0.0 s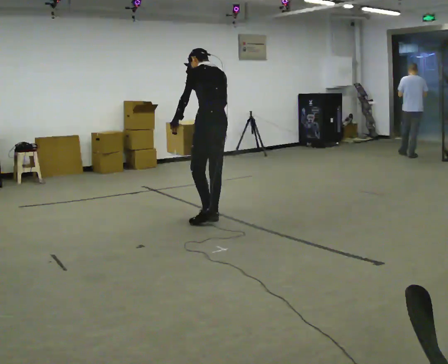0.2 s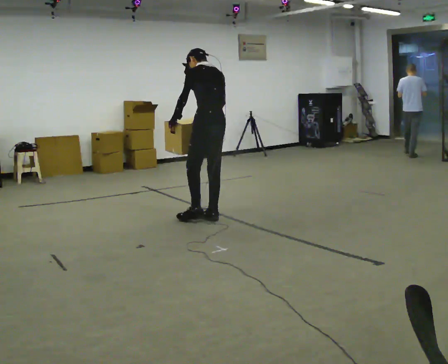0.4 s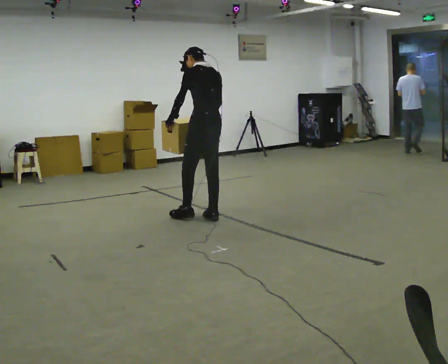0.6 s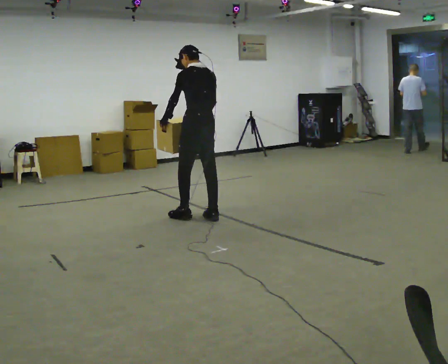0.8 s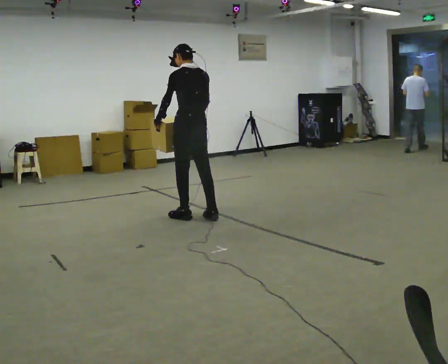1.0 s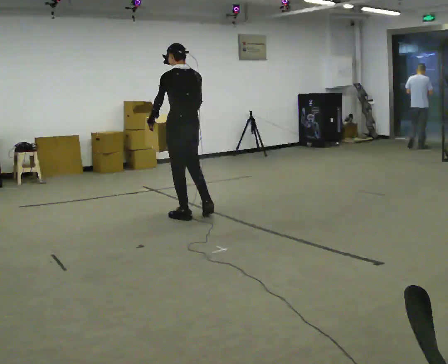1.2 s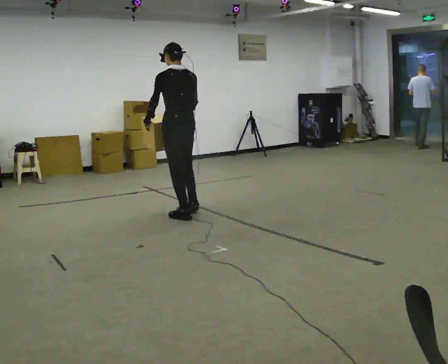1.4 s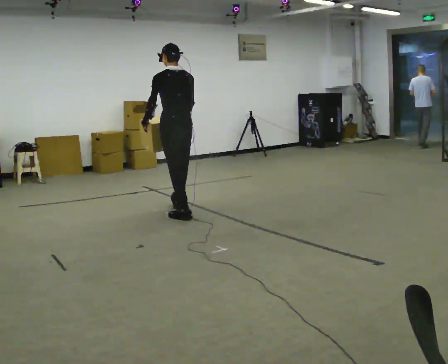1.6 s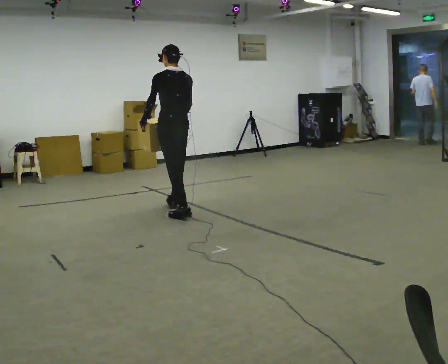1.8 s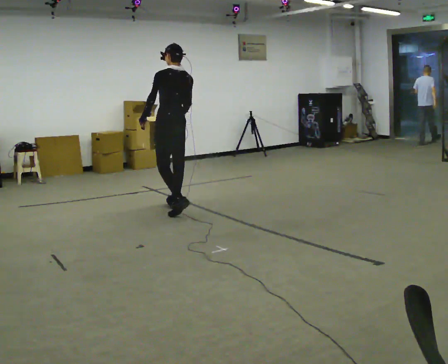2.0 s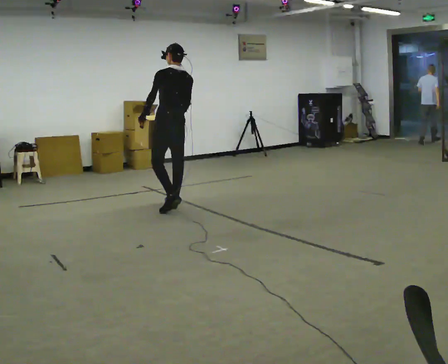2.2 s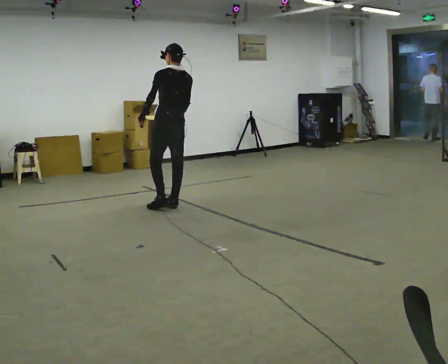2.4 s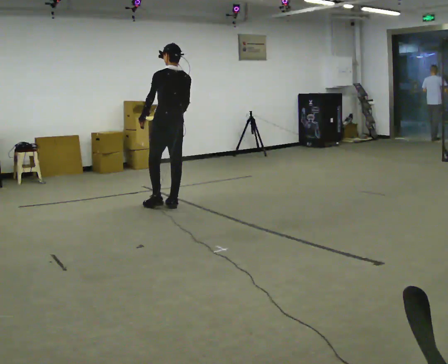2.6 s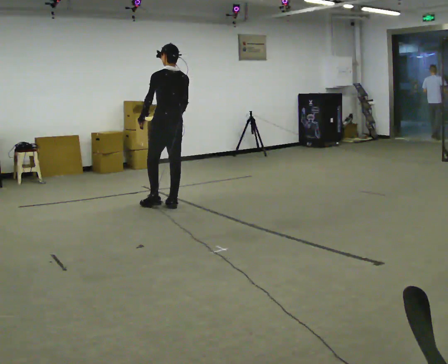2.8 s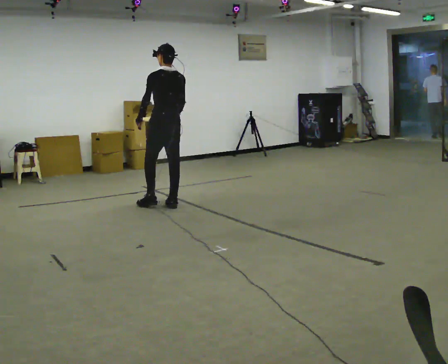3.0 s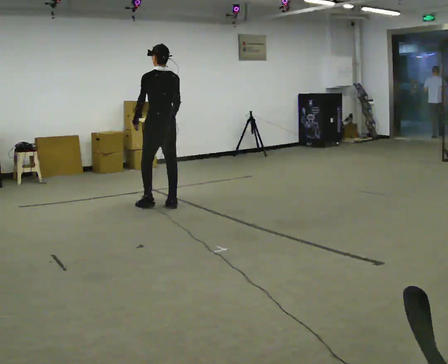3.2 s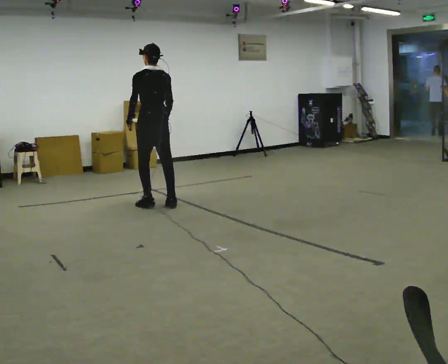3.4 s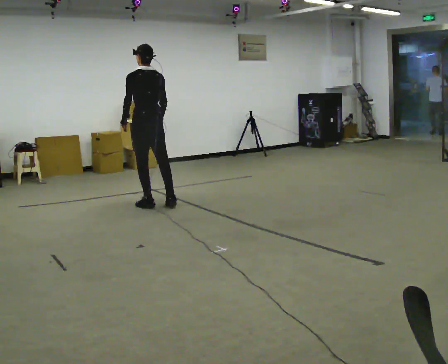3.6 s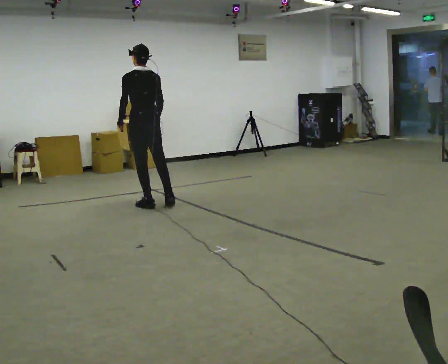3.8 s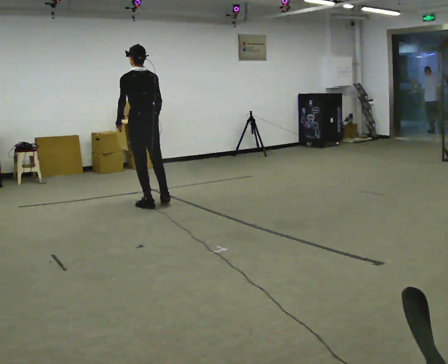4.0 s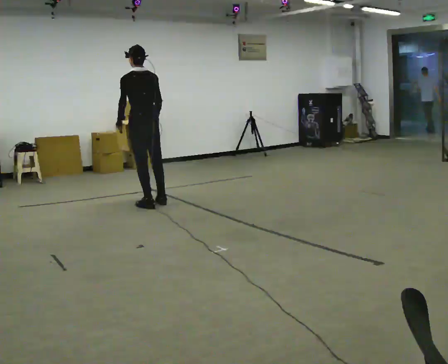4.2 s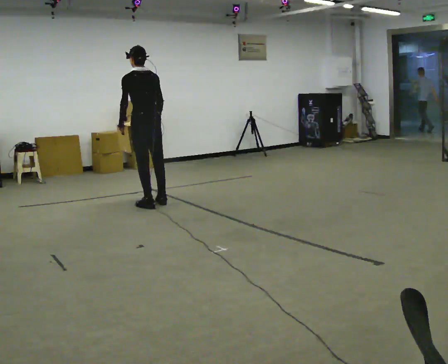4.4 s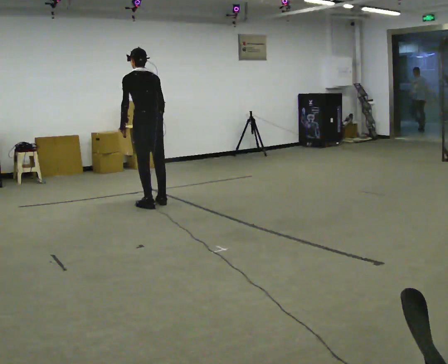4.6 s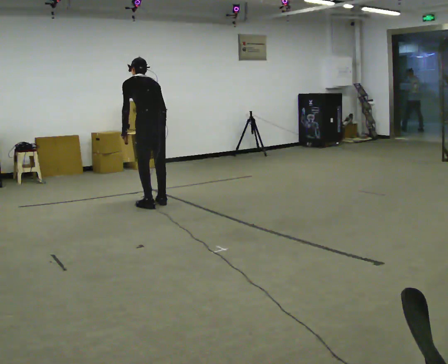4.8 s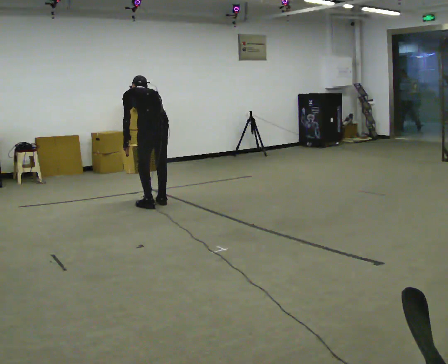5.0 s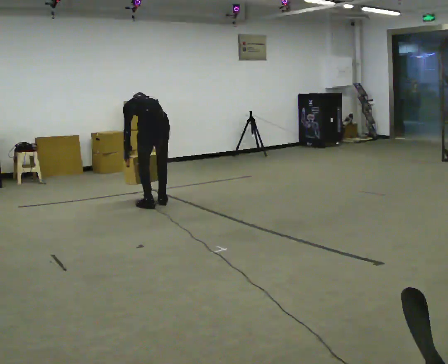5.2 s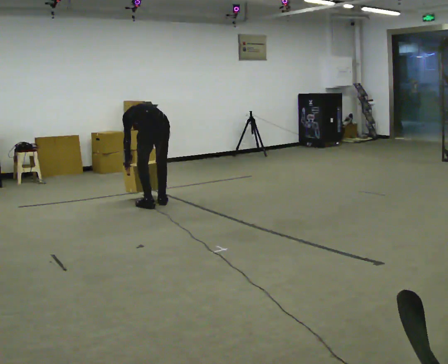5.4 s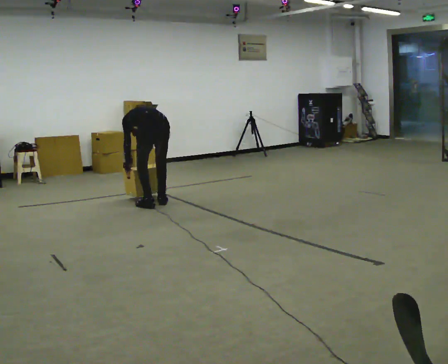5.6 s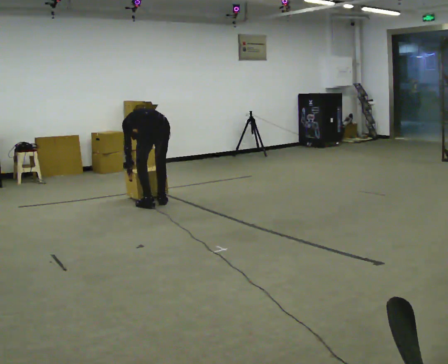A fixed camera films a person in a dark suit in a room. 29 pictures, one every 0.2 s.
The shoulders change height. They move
downward.
Their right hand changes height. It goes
downward.
0.0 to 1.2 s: In the picture they go to the left and away from the camera, about 0.25 m in 1 step, which for them is forward and to their left.
1.2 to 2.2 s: In the picture they go away from the camera, about 0.25 m in 1 step, which for them is forward.
2.2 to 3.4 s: In the picture they go to the left, about 0.25 m in 1 step, which for them is forward and to their left.
3.4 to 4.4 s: The person moves a little, or ends about where they began.
4.4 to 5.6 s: The shoulders move downward. The upper body tips away from the camera, its near side rolling upward, as they bend forward. In the picture their left hand goes downward.
The film runs forward here.
